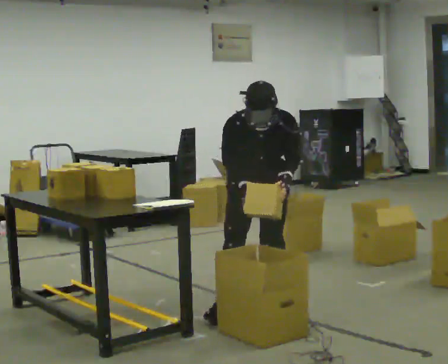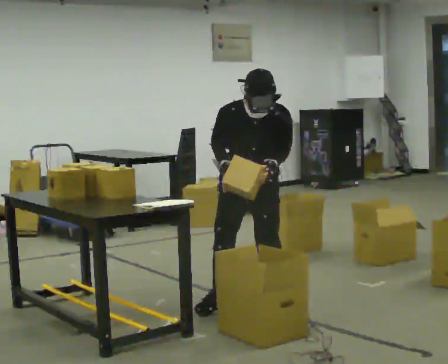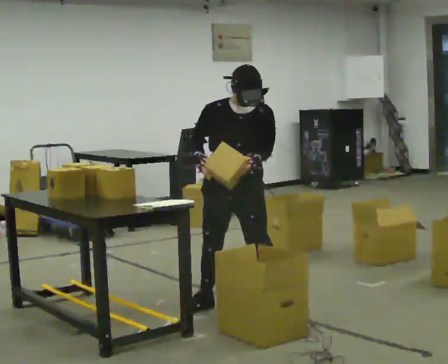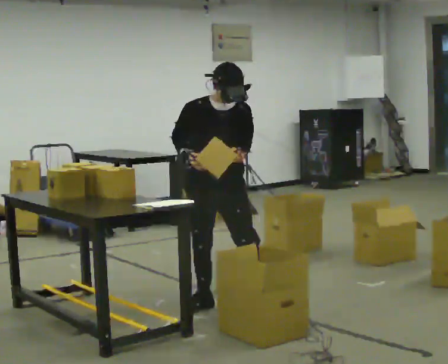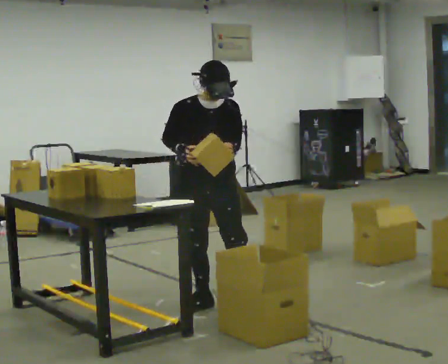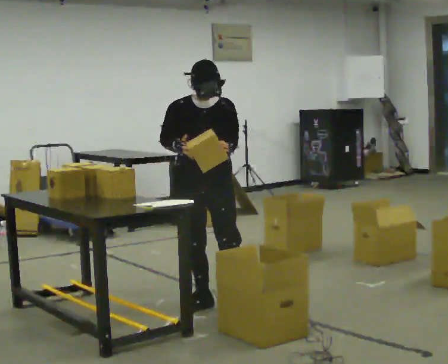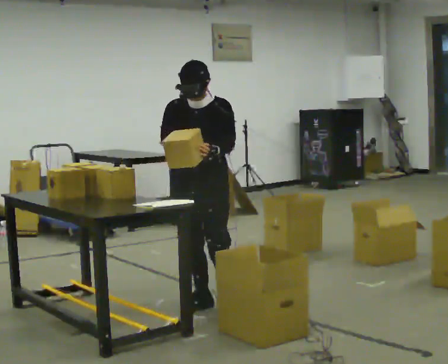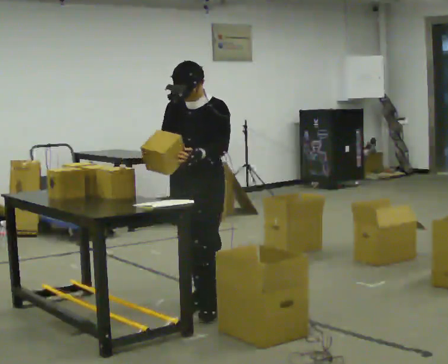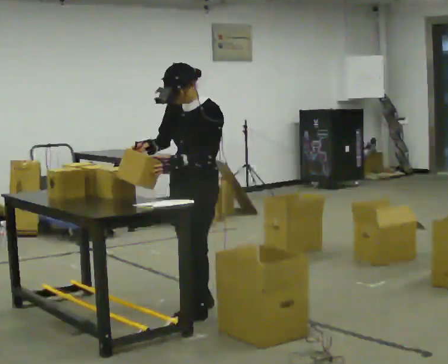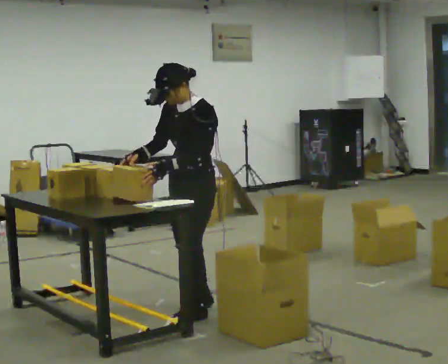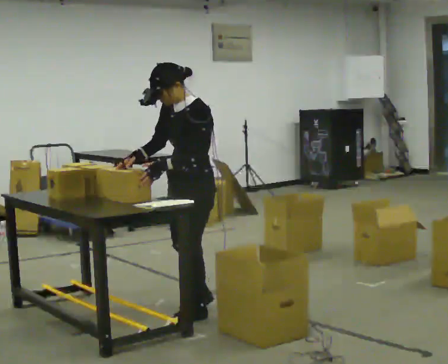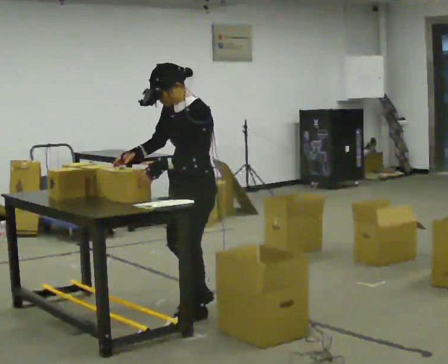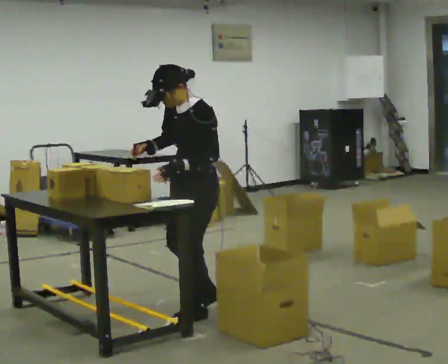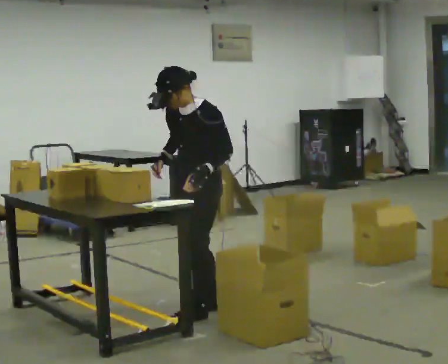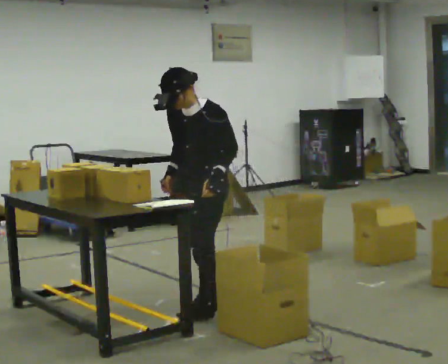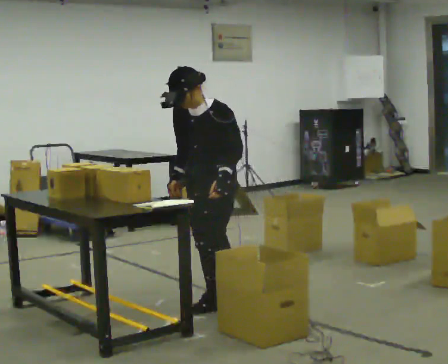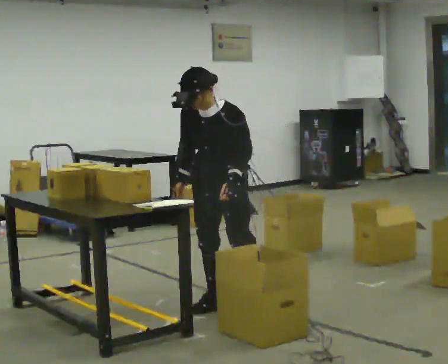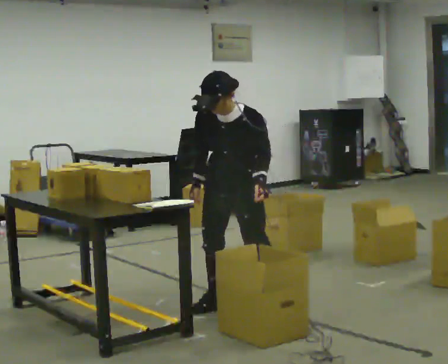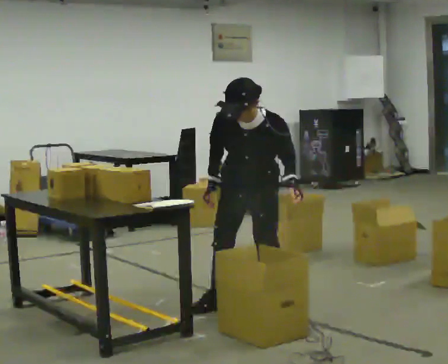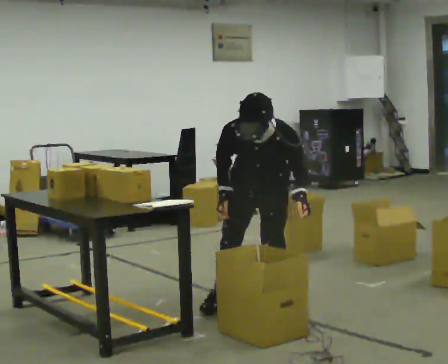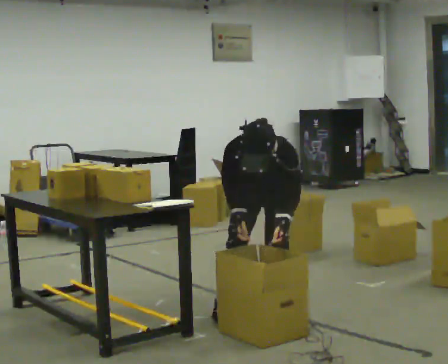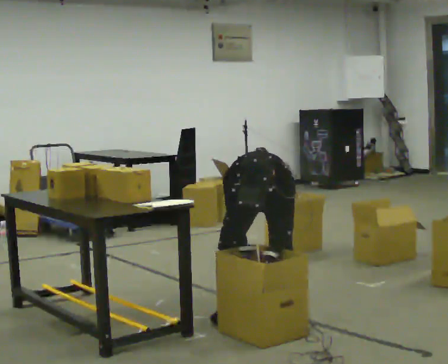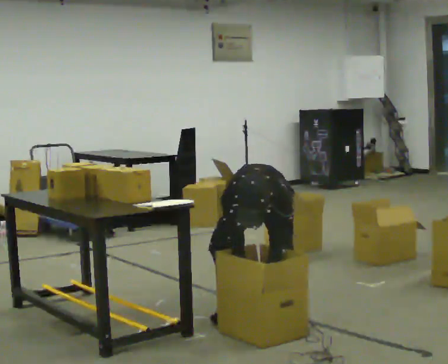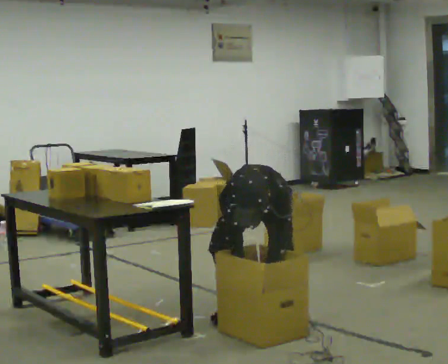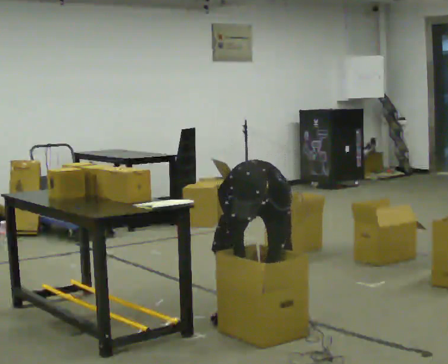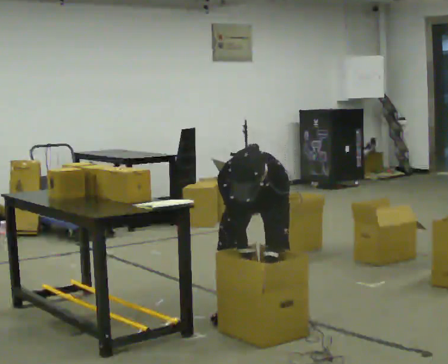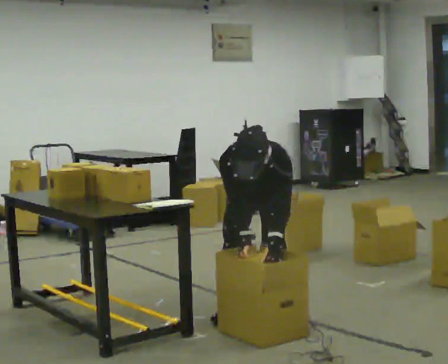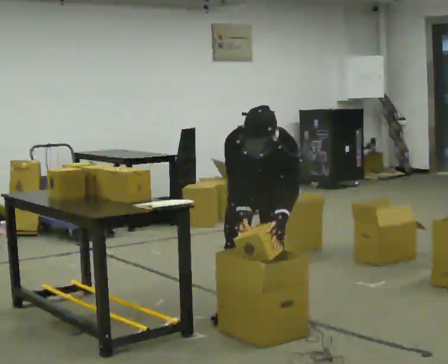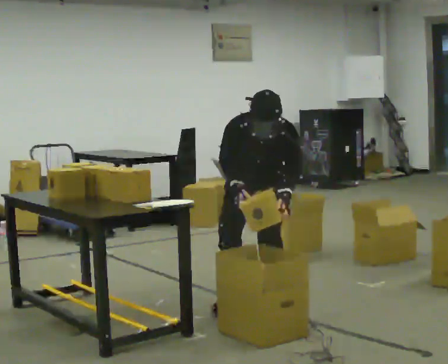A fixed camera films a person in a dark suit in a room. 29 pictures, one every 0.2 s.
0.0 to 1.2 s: In the picture they go to the left and away from the camera, about 0.25 m in 2 steps, which for them is to their right and backward. The upper body tips away from the camera, its near side rolling upward, as they lean back or straighten.
1.2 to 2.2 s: Seen from above the body turns clockwise, about 60 degrees: to their right, with its near side sliding to the left. In the picture they go toward the camera, about 0.25 m, which for them is to their left and forward.
2.2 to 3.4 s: Seen from above the body turns counterclockwise, about 45 degrees: to their left, with its near side sliding to the right. In the picture they go to the right, about 0.25 m in 1 step, which for them is backward. The upper body tips toward the camera, its near side rolling downward, as they bend forward.
3.4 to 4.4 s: In the picture they go to the right, about 0.25 m in 1 step, which for them is to their left. The shoulders move downward. The upper body tips toward the camera, its near side rolling downward, as they bend forward. In the picture their right hand goes downward.
4.4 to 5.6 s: The upper body goes upward. The upper body tips away from the camera, its near side rolling upward, as they lean back or straighten. In the picture their right hand goes upward.
The film runs backward here.
